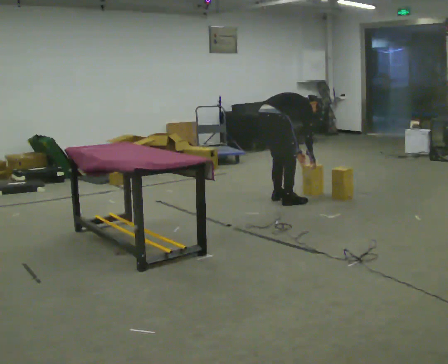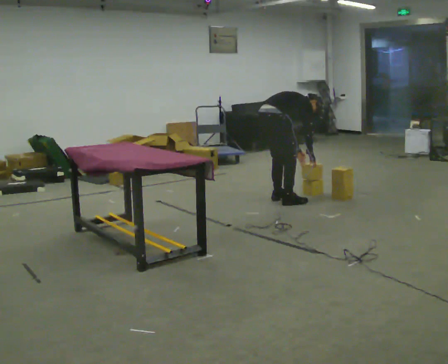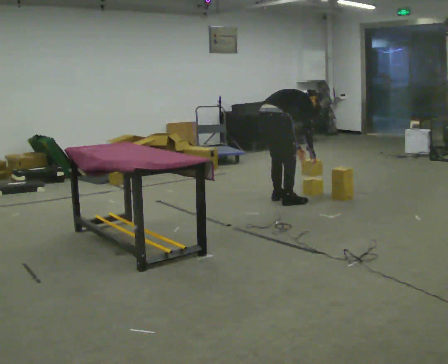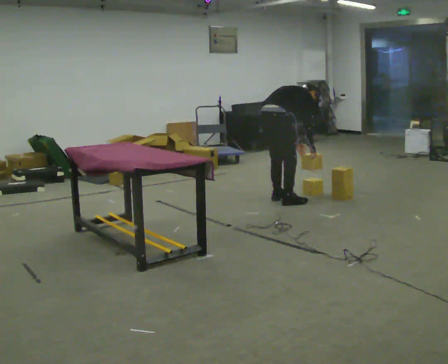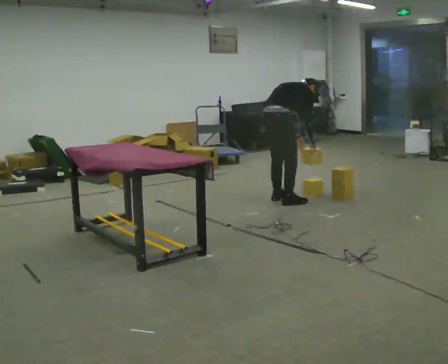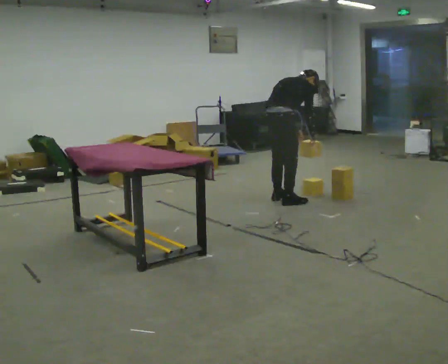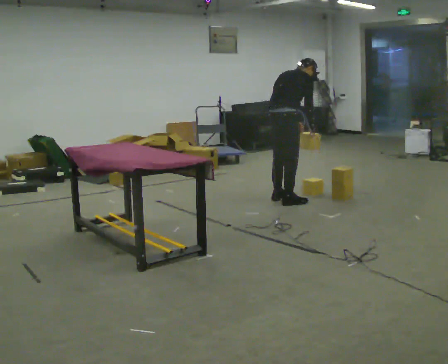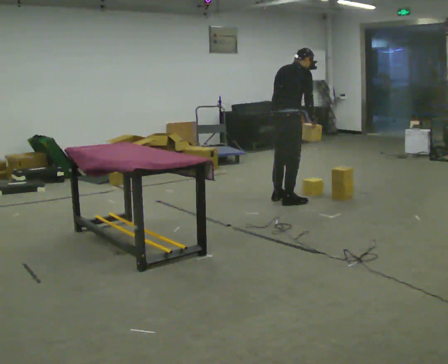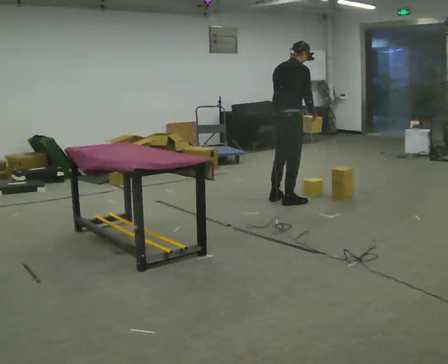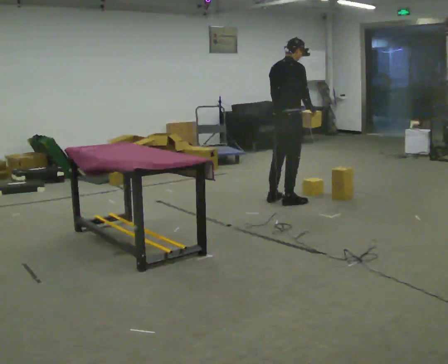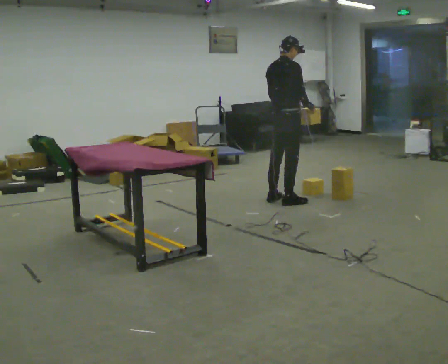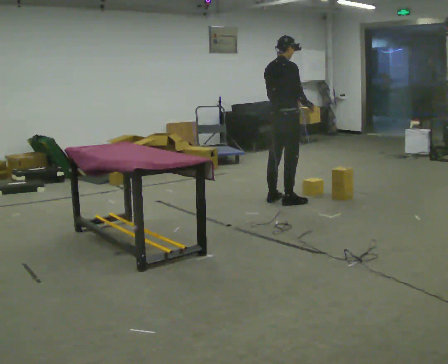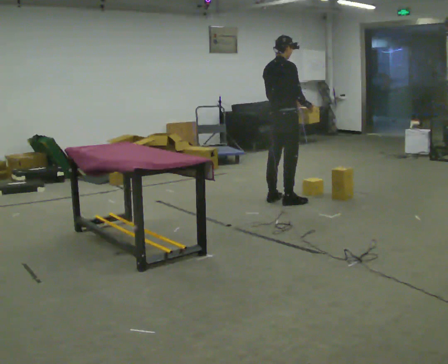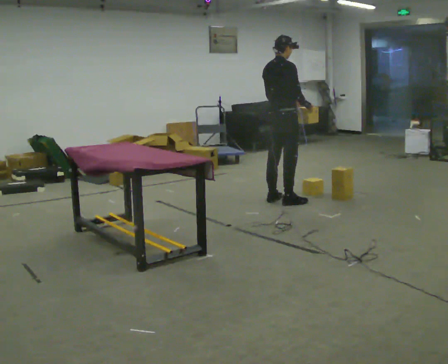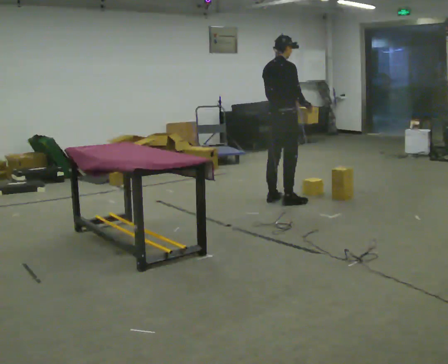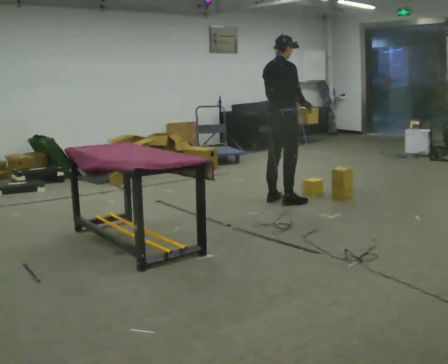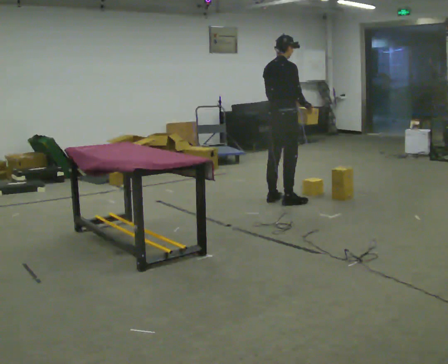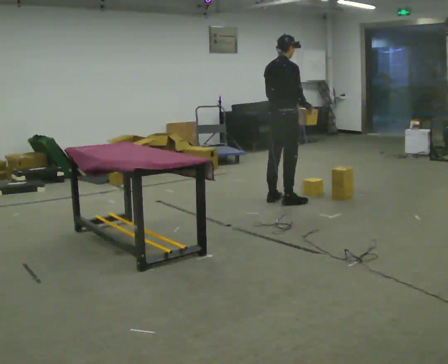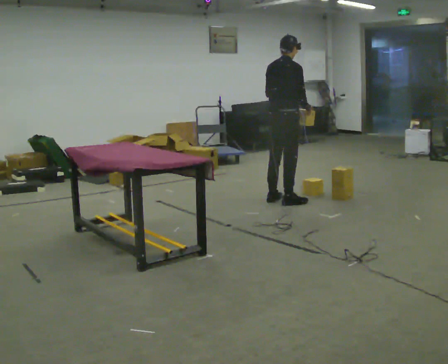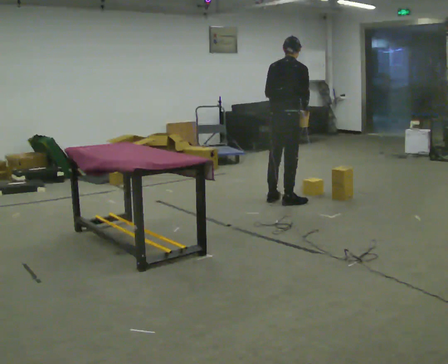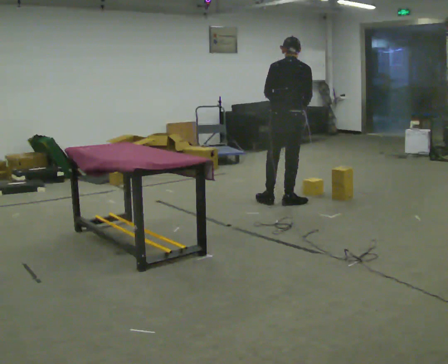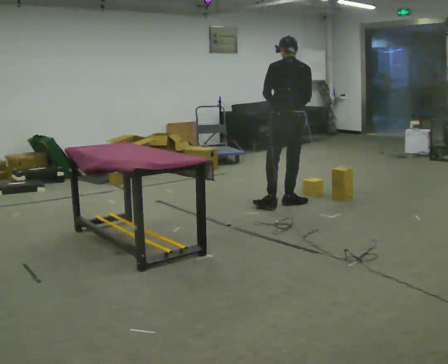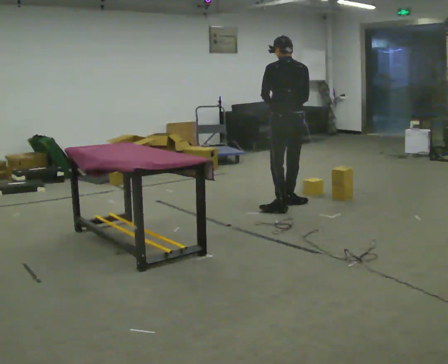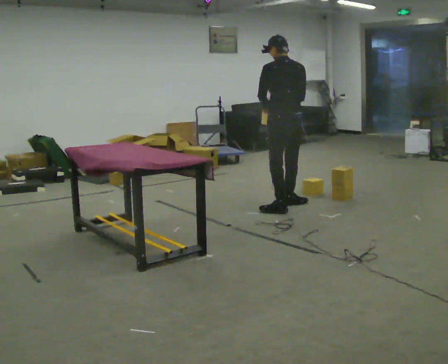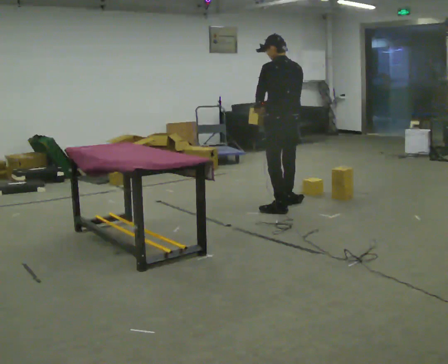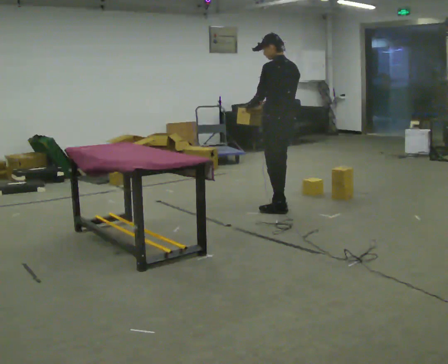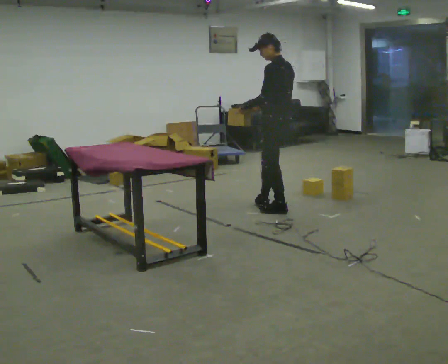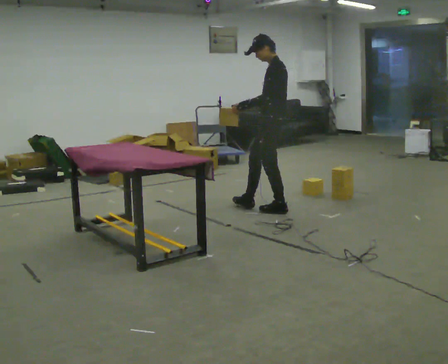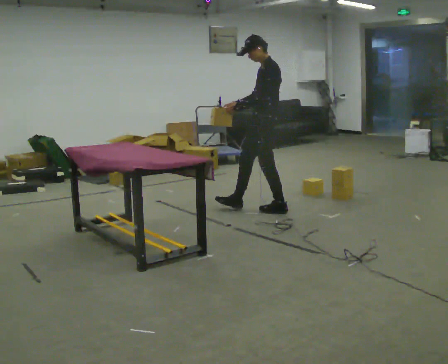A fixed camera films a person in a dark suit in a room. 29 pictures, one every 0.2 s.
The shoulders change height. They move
upward.
Their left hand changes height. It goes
upward.
0.0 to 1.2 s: In the picture they go toward the camera, about 0.25 m, which for them is to their right. The shoulders move upward. In the picture the upper body tilts counterclockwise, shoulders to the left, as they lean back or straighten. In the picture their left hand goes upward.
1.2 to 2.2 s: The upper body tips toward the camera, its near side rolling downward, as they lean back or straighten.
2.2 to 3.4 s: The person moves a little, or ends about where they began.
3.4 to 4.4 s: Seen from above the body turns counterclockwise, about 45 degrees: to their left, with its near side sliding to the right. In the picture they go toward the camera, about 0.25 m in 1 step, which for them is backward and to their right.
4.4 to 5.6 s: Seen from above the body turns counterclockwise, about 90 degrees: to their left, with its near side sliding to the right. In the picture they go to the left and toward the camera, about 0.25 m. In the picture their right hand goes to the left, the arm swinging clockwise.
The film runs forward here.
